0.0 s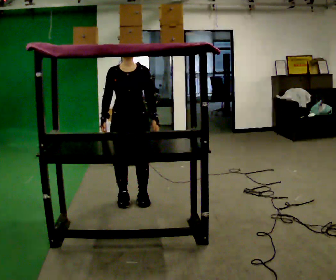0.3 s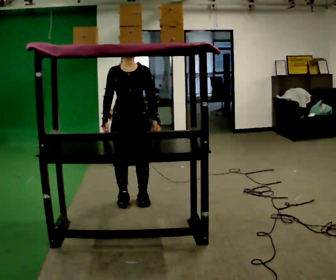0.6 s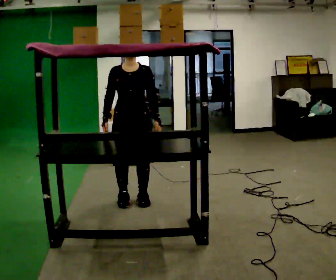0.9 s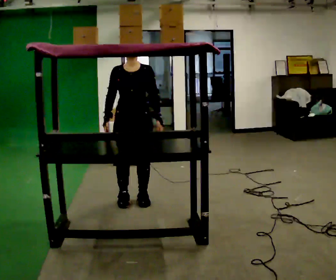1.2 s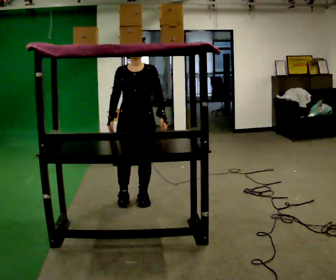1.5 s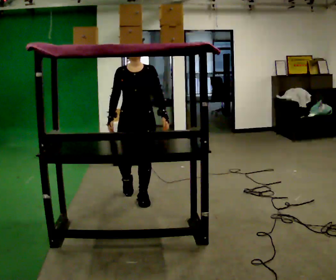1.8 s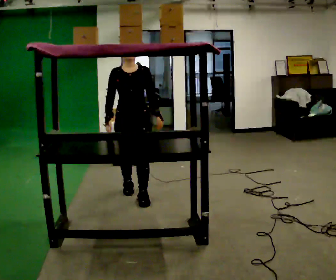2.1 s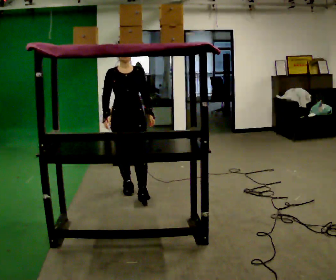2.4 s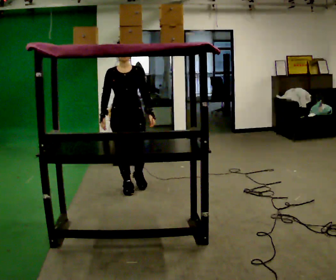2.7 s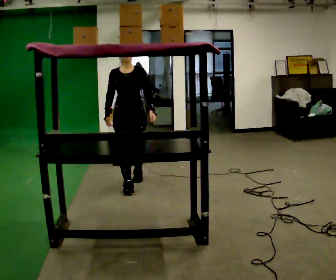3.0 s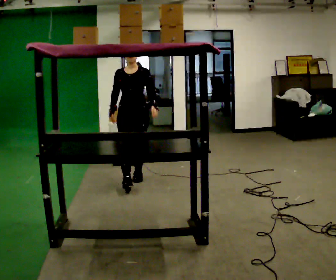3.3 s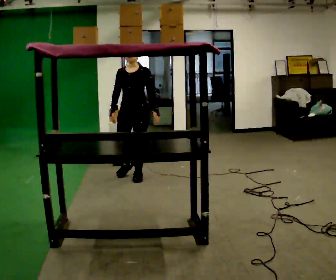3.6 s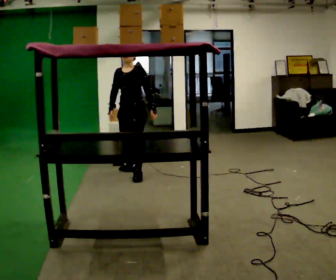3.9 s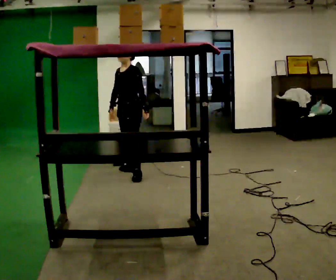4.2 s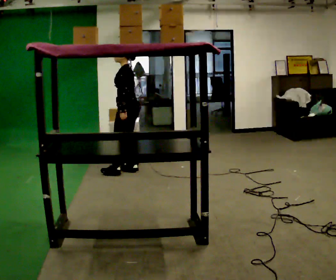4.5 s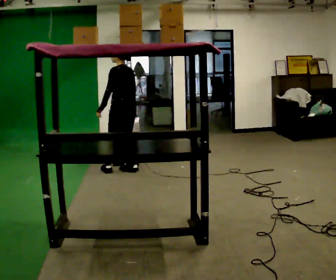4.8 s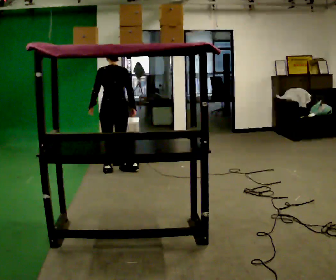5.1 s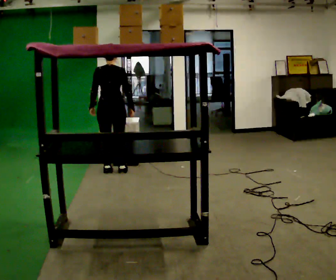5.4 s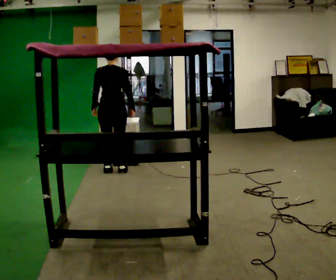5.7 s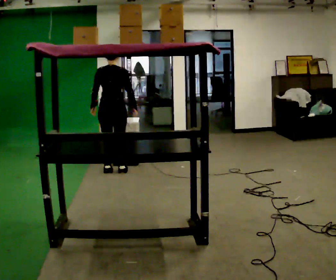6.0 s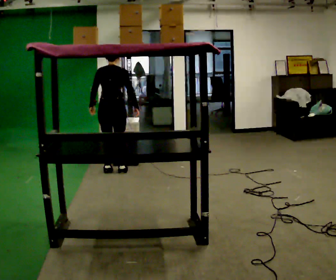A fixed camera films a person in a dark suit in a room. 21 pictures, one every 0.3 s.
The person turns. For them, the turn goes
to their right.
Their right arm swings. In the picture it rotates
counterclockwise.
0.0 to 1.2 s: The person moves a little, or ends about where they began.
1.2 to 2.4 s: In the picture they go away from the camera, about 0.5 m in 2 steps, which for them is backward.
2.4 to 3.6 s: Seen from above the body turns clockwise, about 45 degrees: to their right, with its near side sliding to the left. In the picture they go away from the camera, about 0.5 m in 1 step, which for them is backward.
3.6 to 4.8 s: The person turns about 120 degrees to their right, clockwise seen from above, so the part of the body nearest the lens slides to the left. In the picture they go to the left and away from the camera, about 0.25 m in 1 step.
4.8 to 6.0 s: The part of the body nearest the lens slides to the left as the person turns to their right by about 30 degrees.
The film runs backward here.
